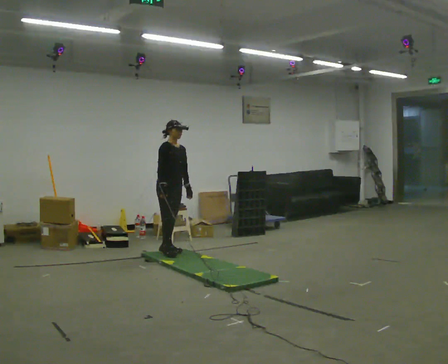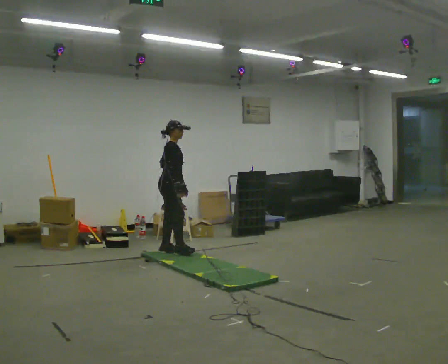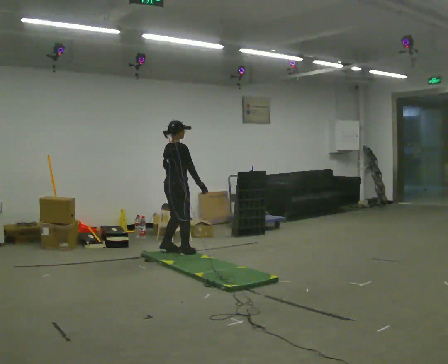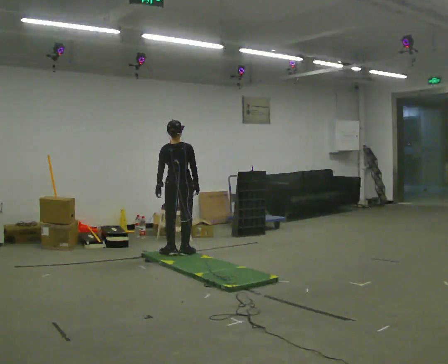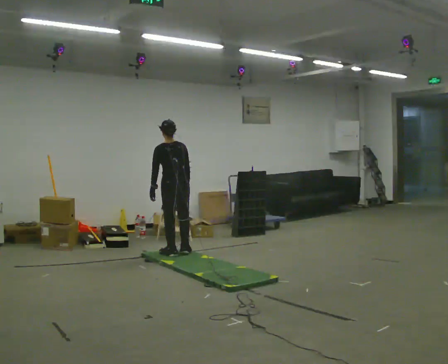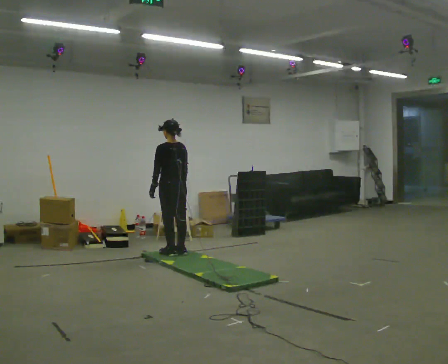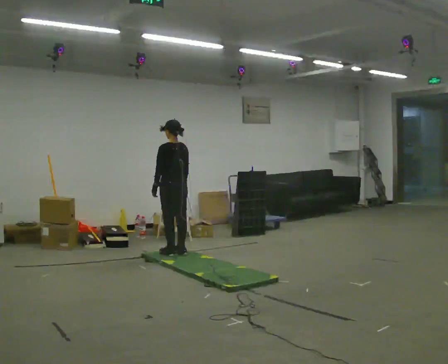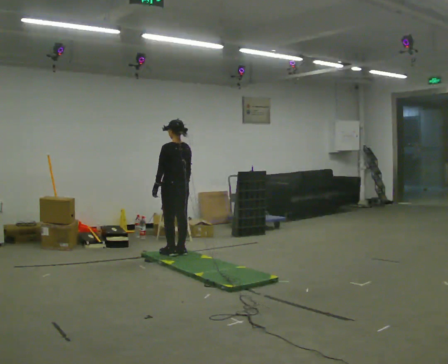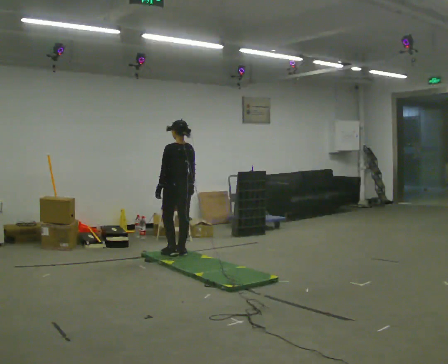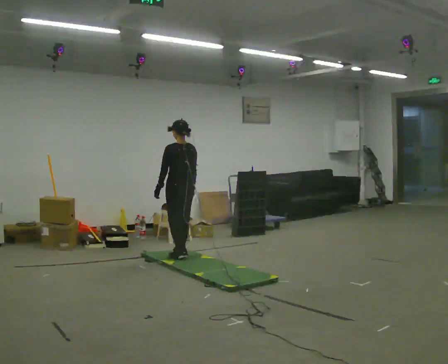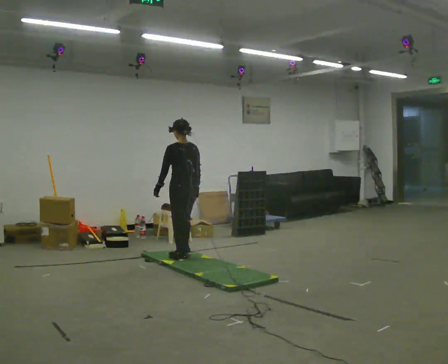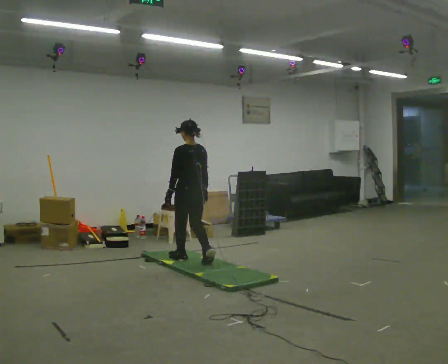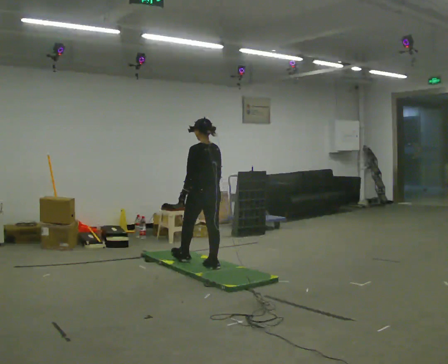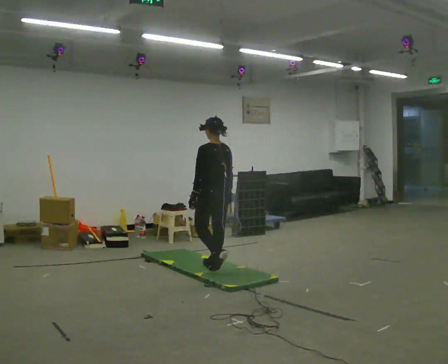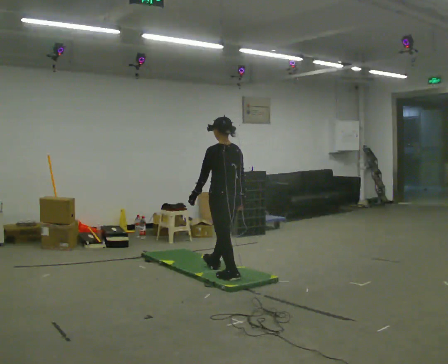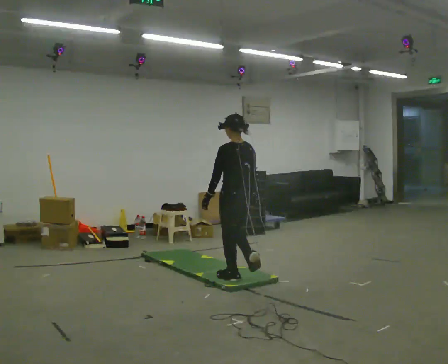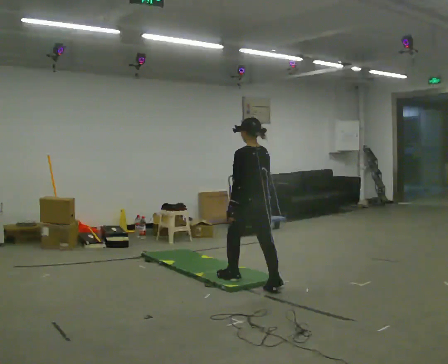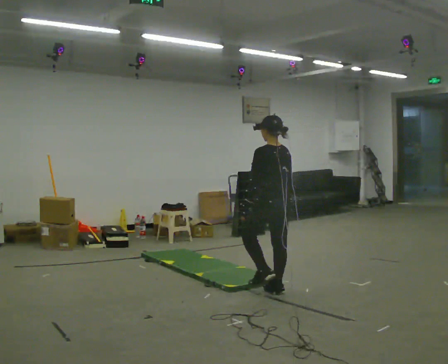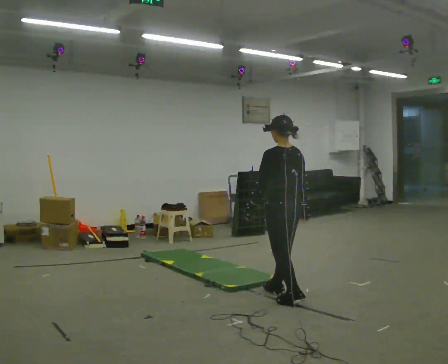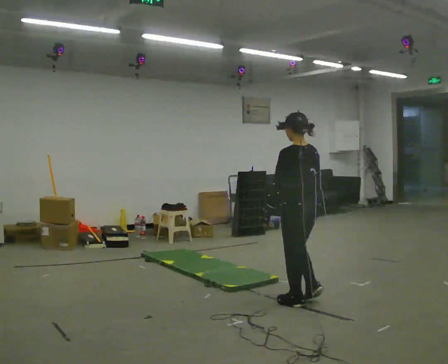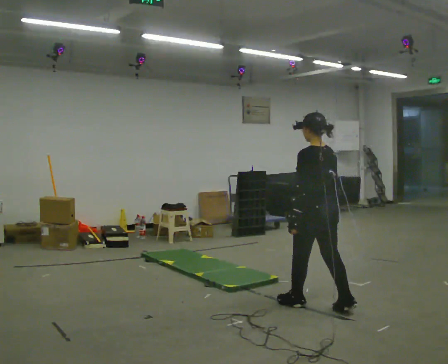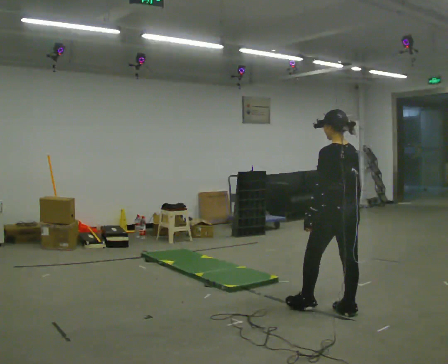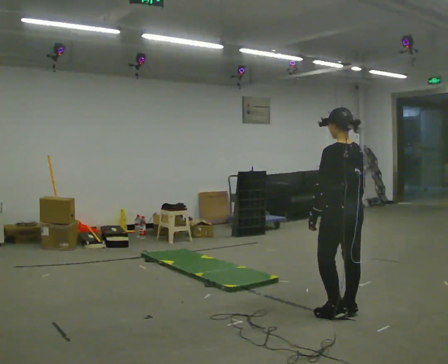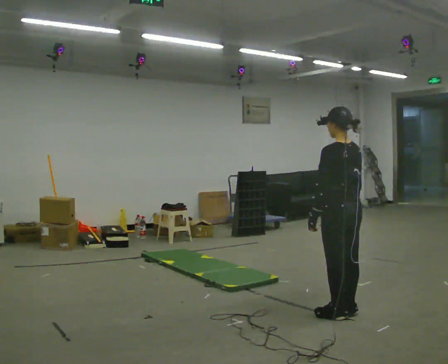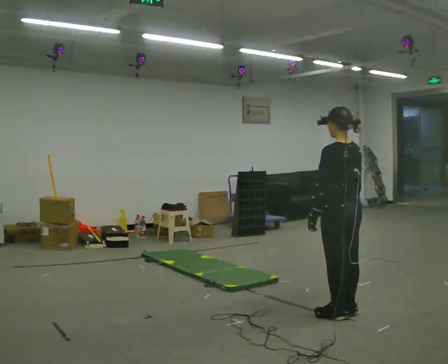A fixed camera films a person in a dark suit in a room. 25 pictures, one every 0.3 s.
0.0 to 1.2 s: The person turns about 150 degrees to their left, counterclockwise seen from above, so the part of the body nearest the lens slides to the right.
1.2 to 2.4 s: The person moves a little, or ends about where they began.
2.4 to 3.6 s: In the picture they go toward the camera and to the right, about 0.75 m in 2 steps, which for them is backward.
3.6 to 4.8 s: In the picture they go toward the camera and to the right, about 1 m in 1 step, which for them is backward.
4.8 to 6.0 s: In the picture they go toward the camera and to the right, about 1 m in 2 steps, which for them is backward.
6.0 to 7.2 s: In the picture they go toward the camera, about 0.25 m in 1 step, which for them is backward.
The film runs backward here.
